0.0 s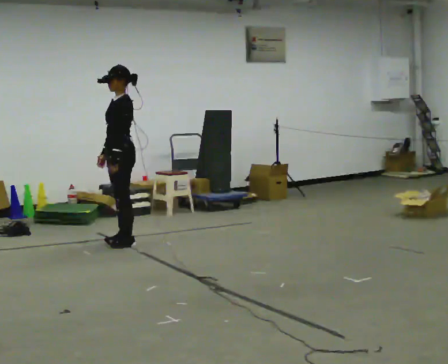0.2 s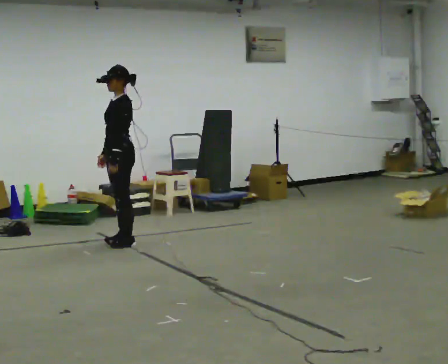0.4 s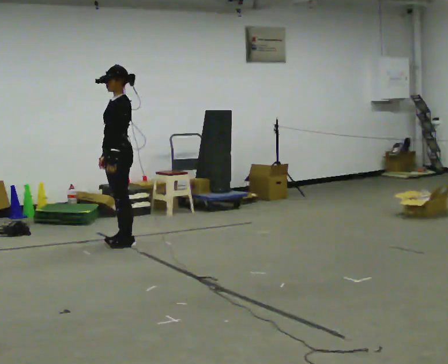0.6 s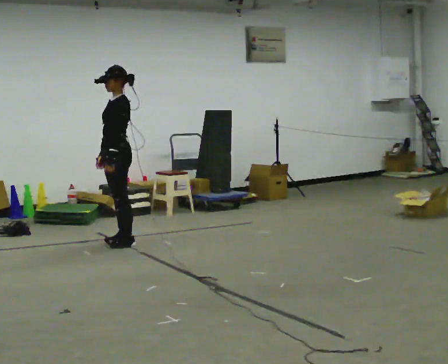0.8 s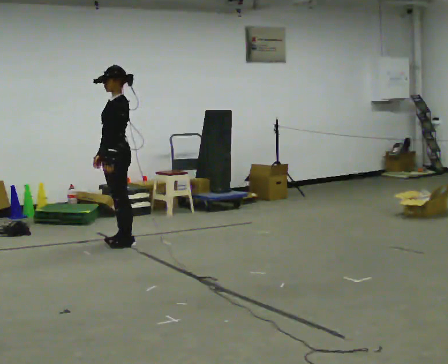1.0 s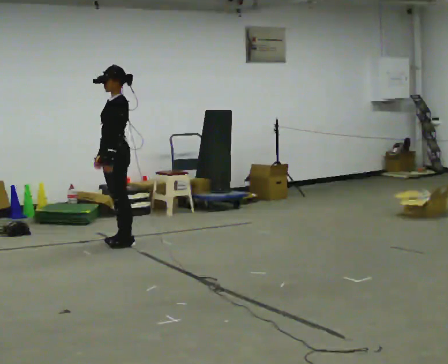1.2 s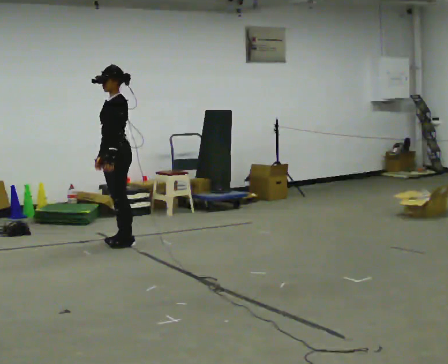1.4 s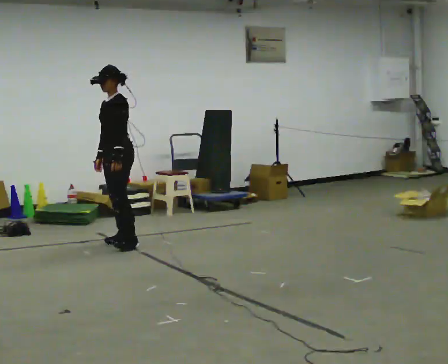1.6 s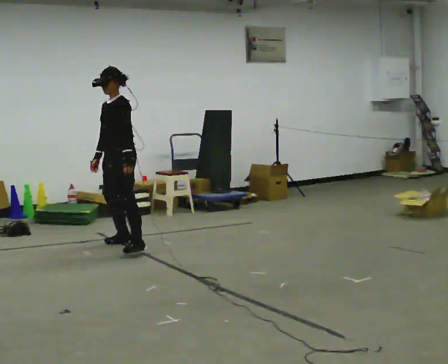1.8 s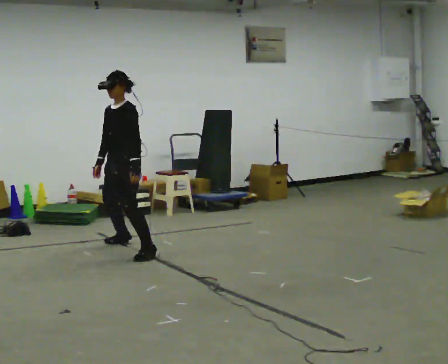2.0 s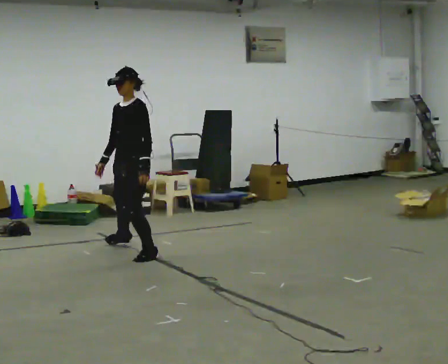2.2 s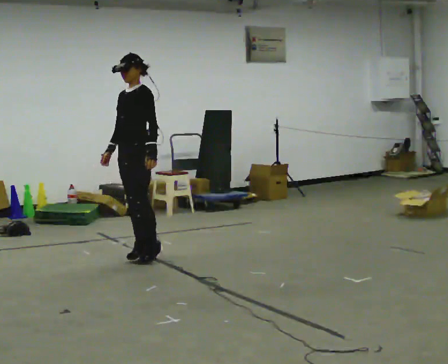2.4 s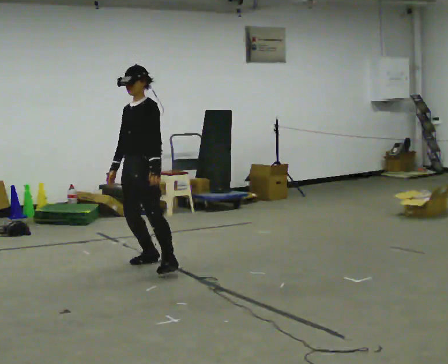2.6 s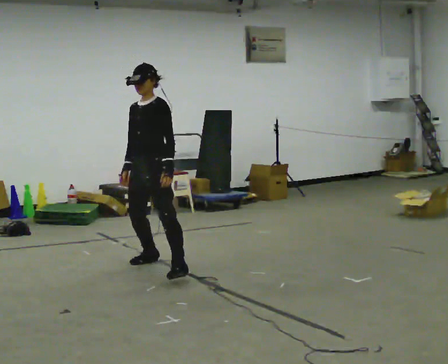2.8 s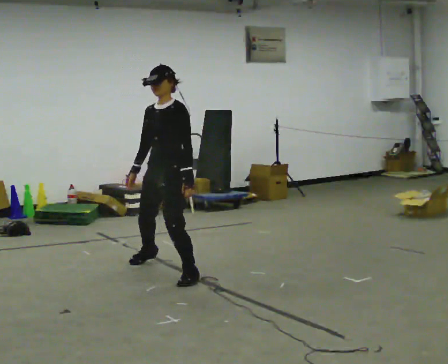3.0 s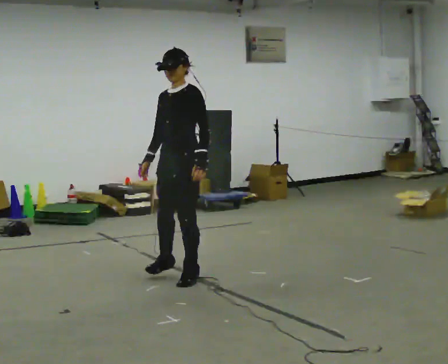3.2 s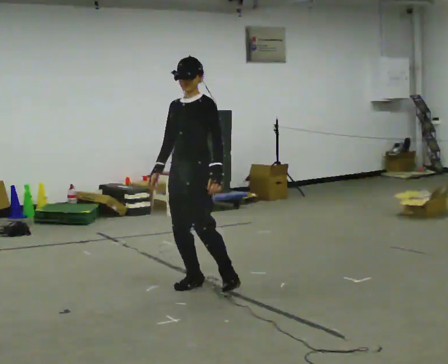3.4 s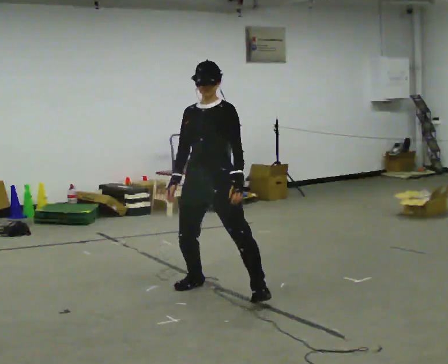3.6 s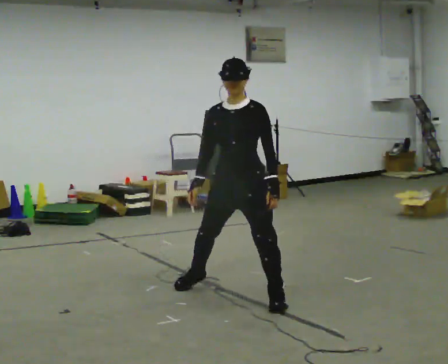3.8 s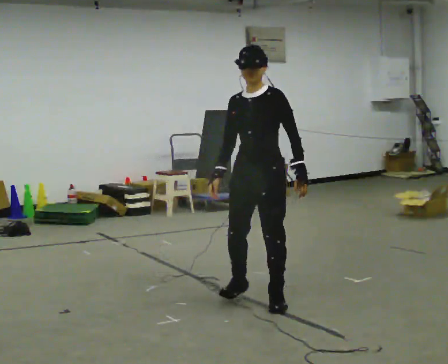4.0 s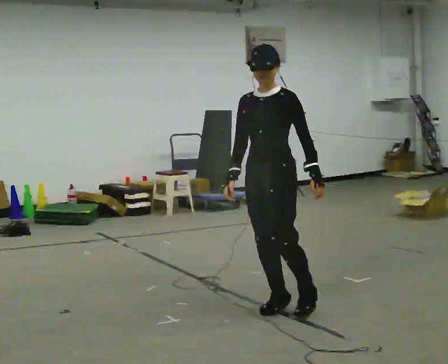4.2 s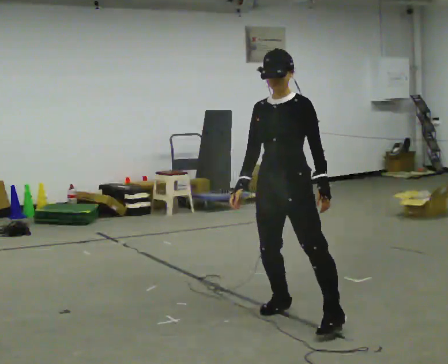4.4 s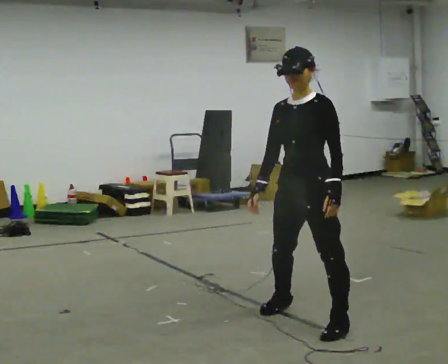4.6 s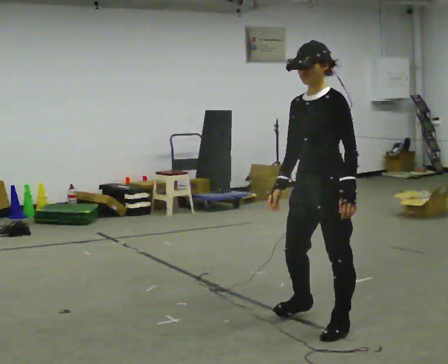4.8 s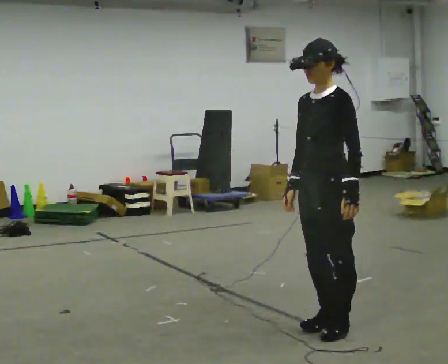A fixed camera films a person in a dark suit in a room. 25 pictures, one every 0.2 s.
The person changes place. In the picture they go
toward the camera.
0.0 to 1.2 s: The person moves a little, or ends about where they began.
1.2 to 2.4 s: In the picture they go toward the camera, about 1 m in 2 steps, which for them is to their left.
2.4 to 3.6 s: In the picture they go toward the camera and to the right, about 1 m in 3 steps, which for them is to their left.
3.6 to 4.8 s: The person turns about 30 degrees to their right, clockwise seen from above, so the part of the body nearest the lens slides to the left. In the picture they go toward the camera and to the right, about 1 m in 2 steps, which for them is to their left and forward.
The film runs forward here.
